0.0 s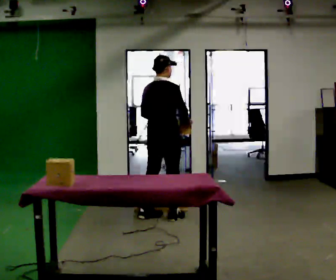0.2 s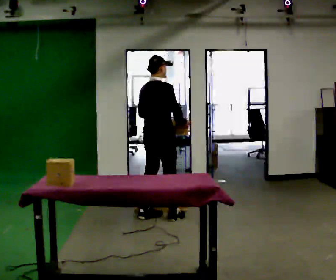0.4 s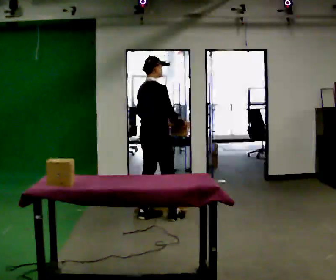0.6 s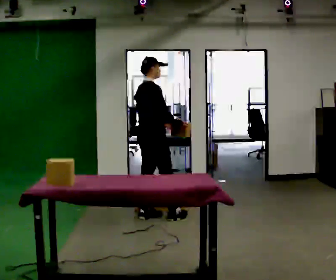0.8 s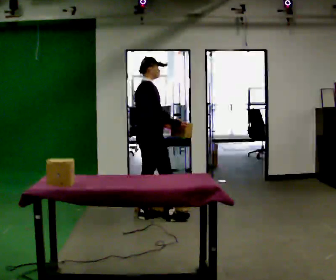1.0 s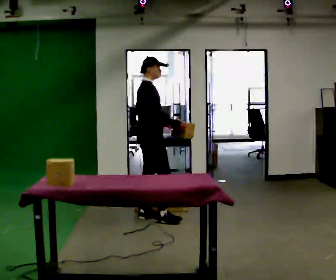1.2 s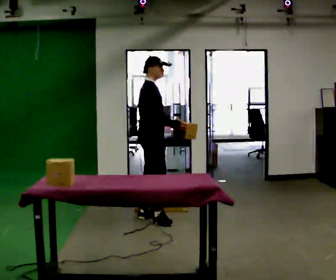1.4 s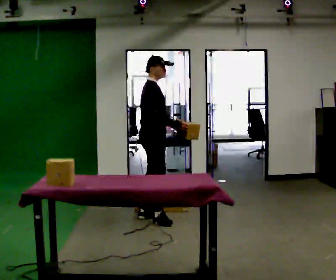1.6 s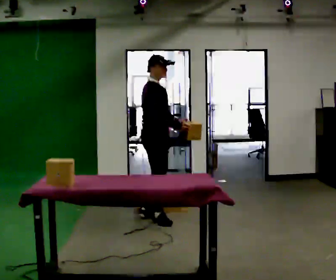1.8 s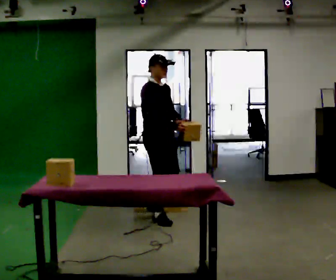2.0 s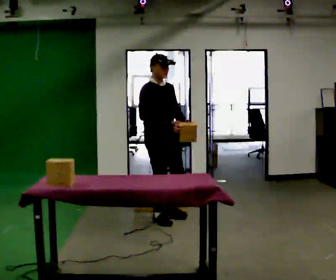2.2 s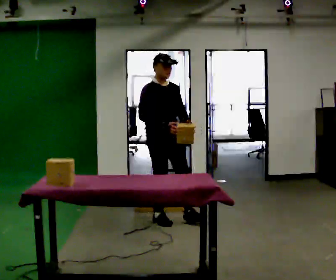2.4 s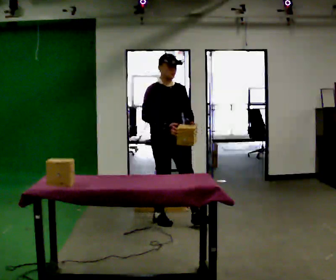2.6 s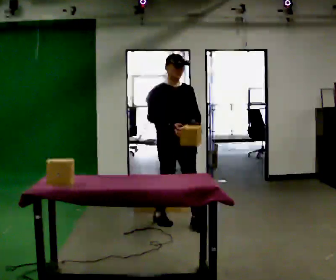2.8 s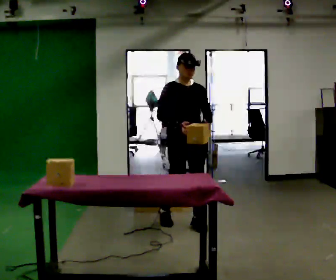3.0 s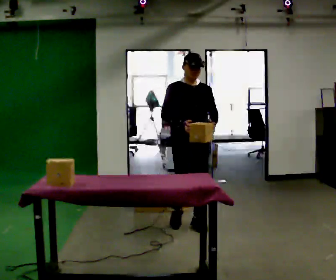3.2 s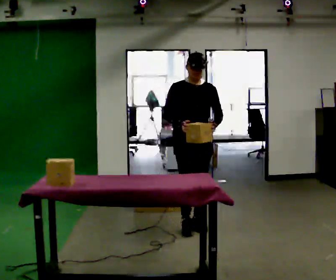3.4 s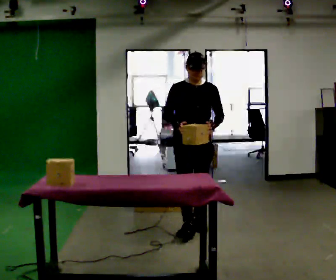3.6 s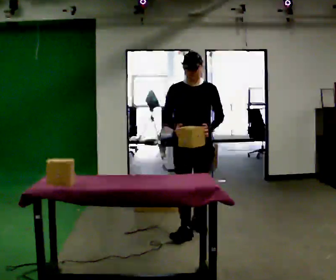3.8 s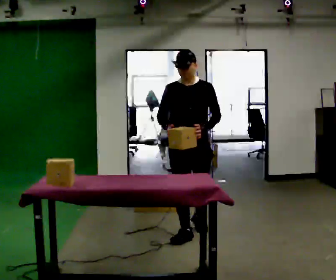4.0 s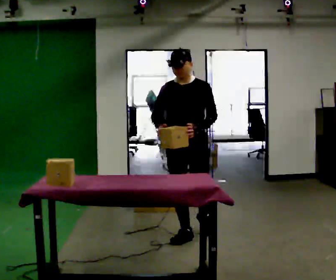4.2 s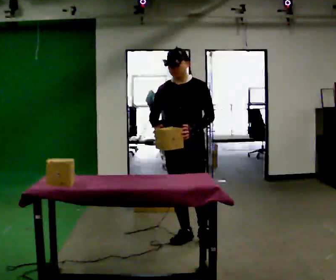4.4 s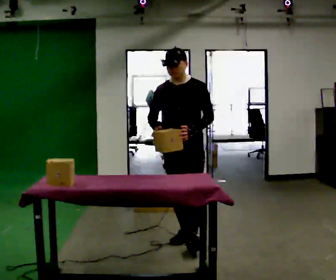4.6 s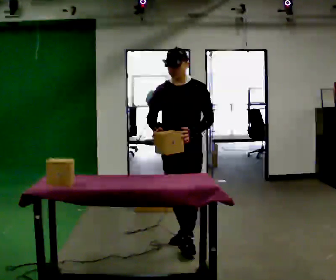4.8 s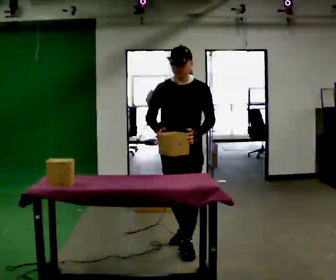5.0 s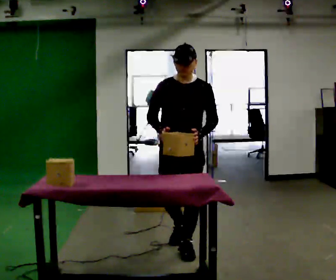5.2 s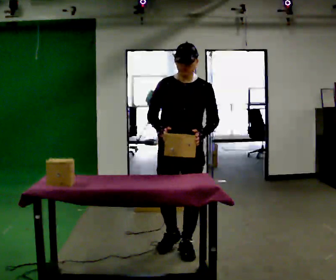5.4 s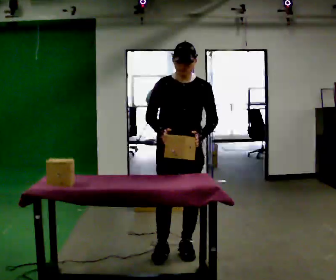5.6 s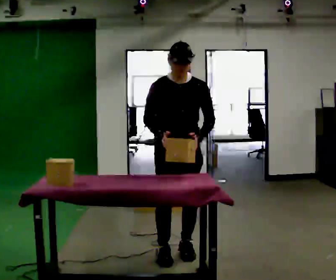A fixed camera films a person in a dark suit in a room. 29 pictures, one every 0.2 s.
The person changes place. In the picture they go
toward the camera.
0.0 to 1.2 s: Seen from above the body turns clockwise, about 45 degrees: to their right, with its near side sliding to the left.
1.2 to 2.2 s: Seen from above the body turns clockwise, about 60 degrees: to their right, with its near side sliding to the left. In the picture they go toward the camera, about 0.25 m, which for them is forward and to their right.
2.2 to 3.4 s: The part of the body nearest the lens slides to the left as the person turns to their right by about 30 degrees. In the picture they go to the right and toward the camera, about 0.5 m in 1 step, which for them is forward and to their left.
3.4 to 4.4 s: Seen from above the body turns clockwise, about 30 degrees: to their right, with its near side sliding to the left. In the picture they go toward the camera, about 0.5 m in 1 step, which for them is forward.
4.4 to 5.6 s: In the picture they go toward the camera, about 0.5 m in 2 steps, which for them is forward.
The film runs forward here.
